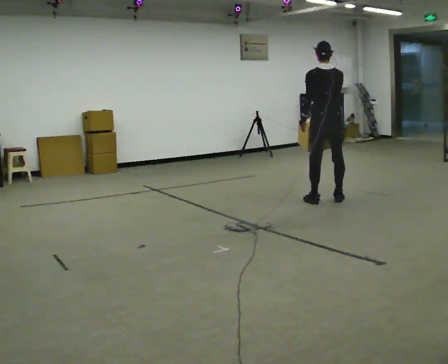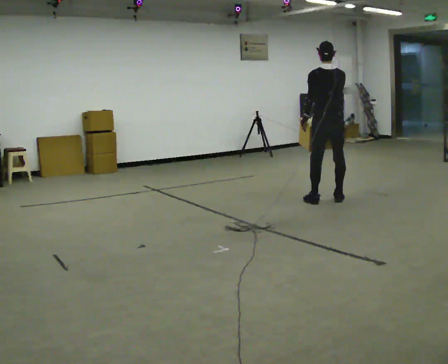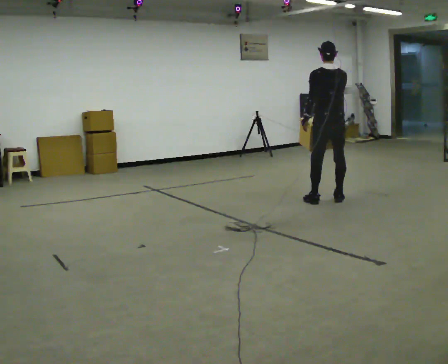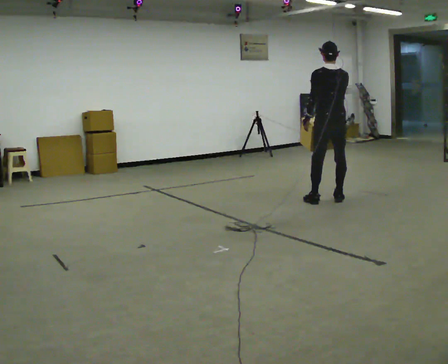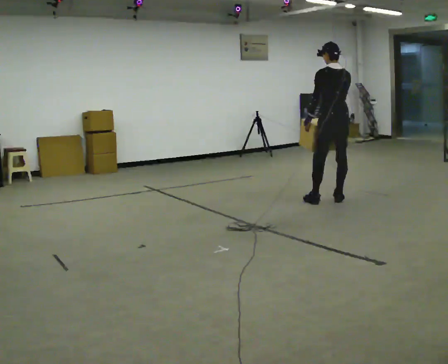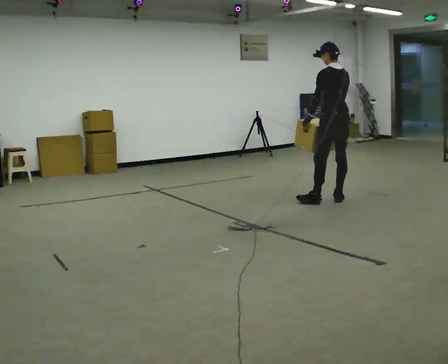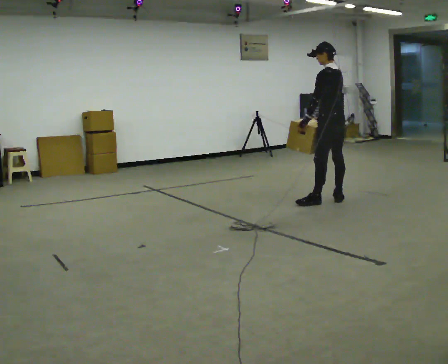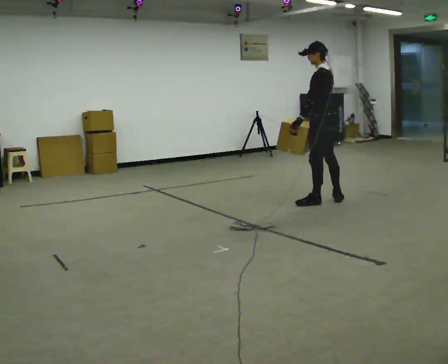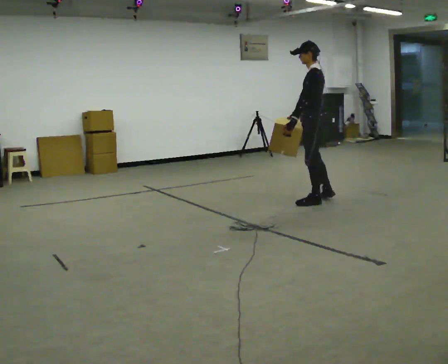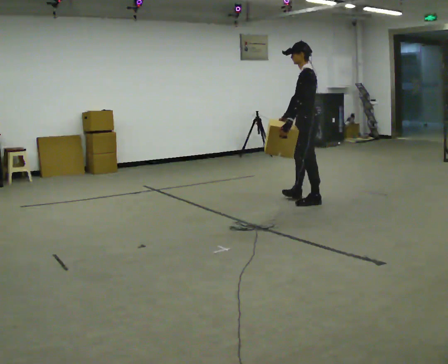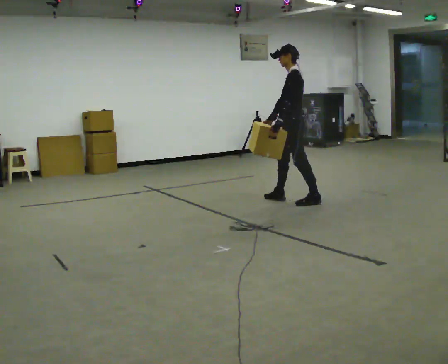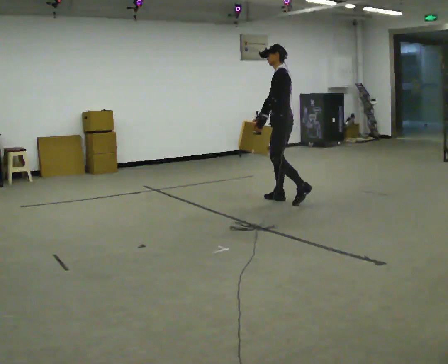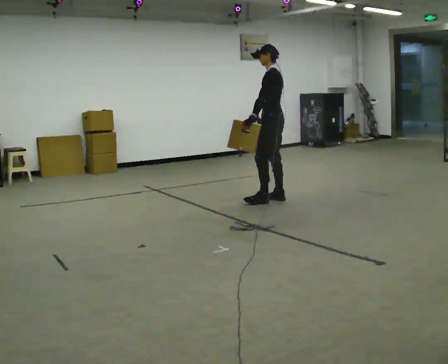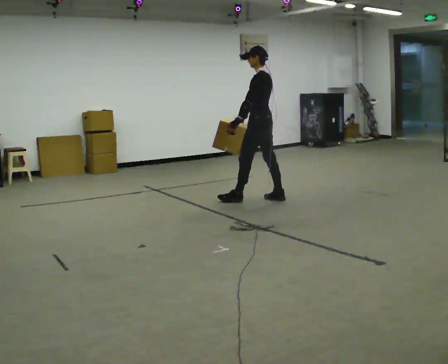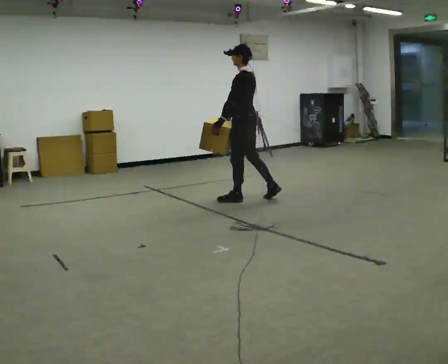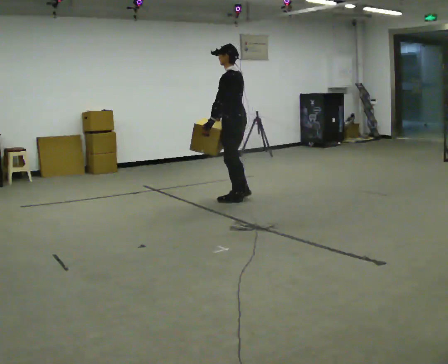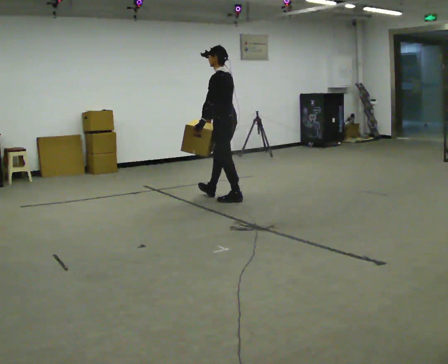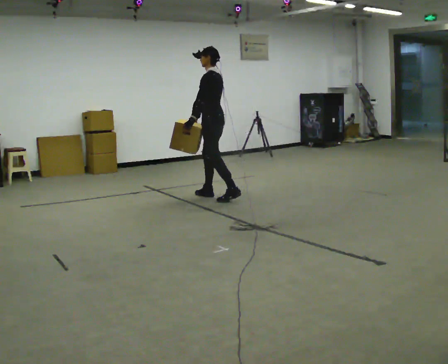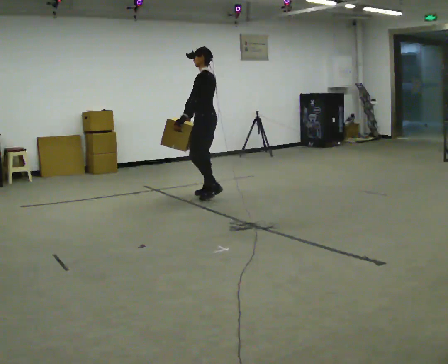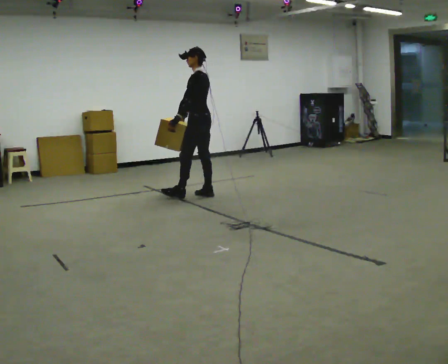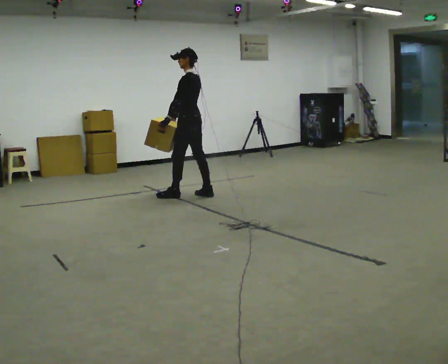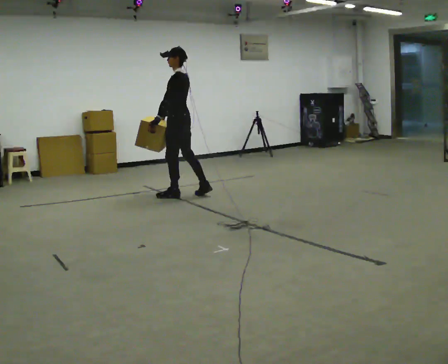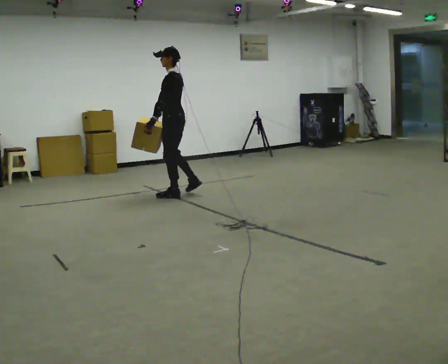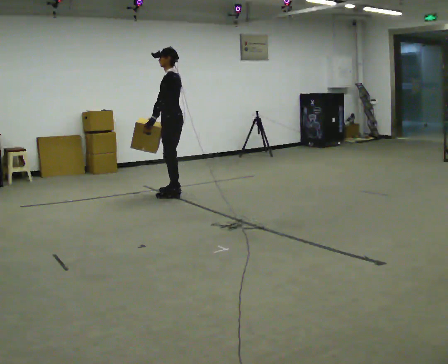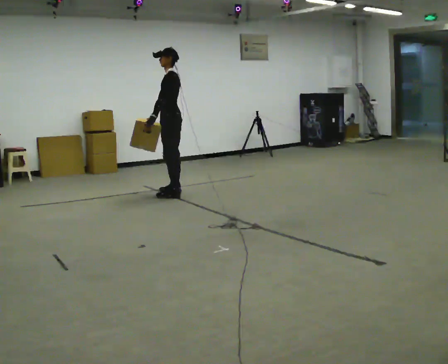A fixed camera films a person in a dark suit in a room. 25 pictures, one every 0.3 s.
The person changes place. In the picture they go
to the left.
0.0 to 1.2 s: The person moves a little, or ends about where they began.
1.2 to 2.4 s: The part of the body nearest the lens slides to the right as the person turns to their left by about 60 degrees. In the picture they go to the left, about 0.25 m, which for them is forward and to their left. In the picture their right hand goes to the left.
2.4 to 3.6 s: In the picture they go to the left and away from the camera, about 0.5 m in 1 step, which for them is forward and to their right.
3.6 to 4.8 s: In the picture they go to the left, about 0.5 m in 1 step, which for them is forward.
4.8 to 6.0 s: In the picture they go to the left and away from the camera, about 0.5 m in 2 steps, which for them is forward.
6.0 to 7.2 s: In the picture they go to the left, about 0.25 m in 1 step, which for them is forward.
The film runs forward here.
